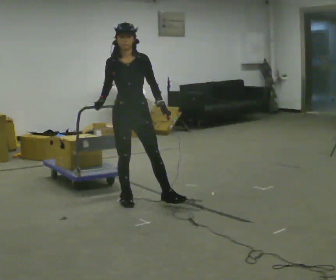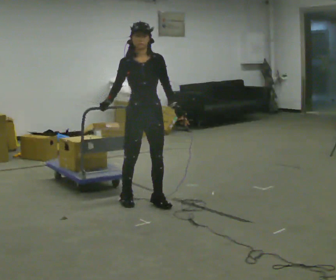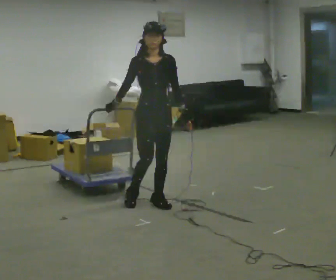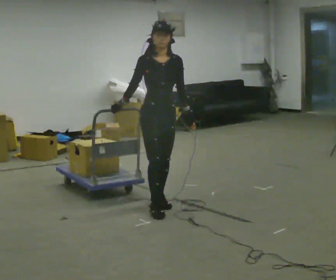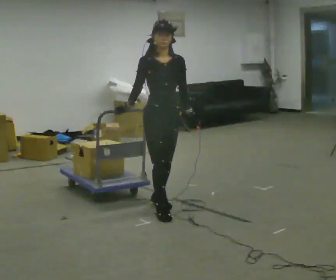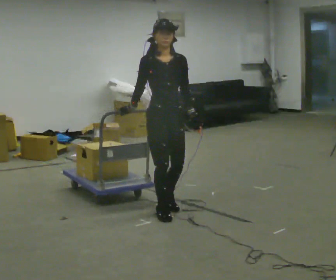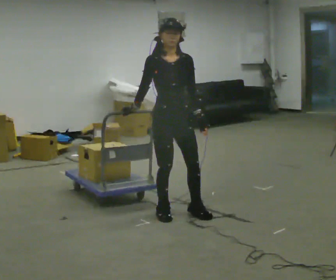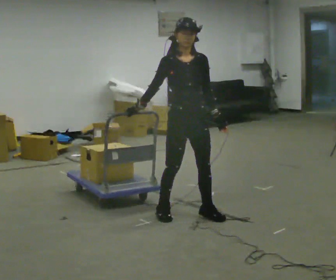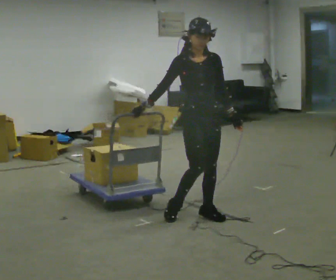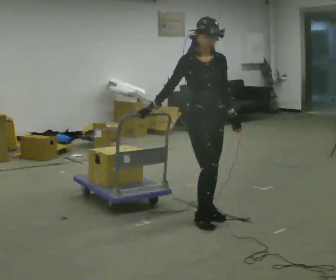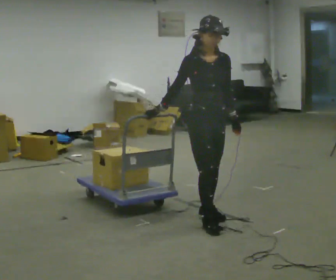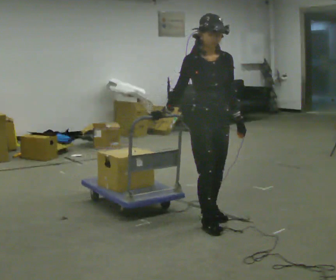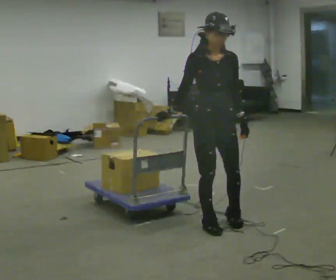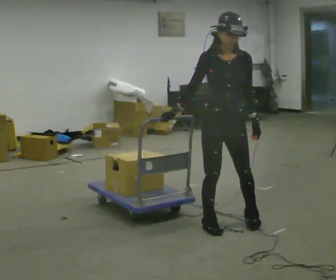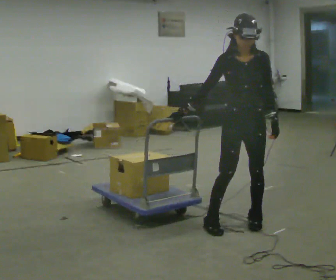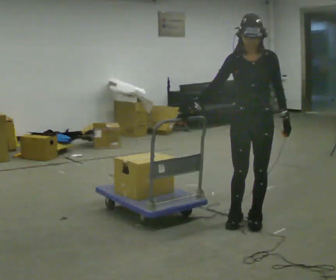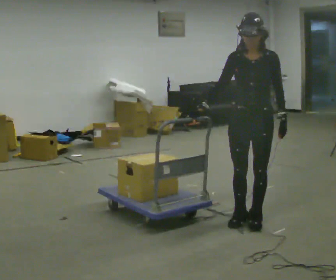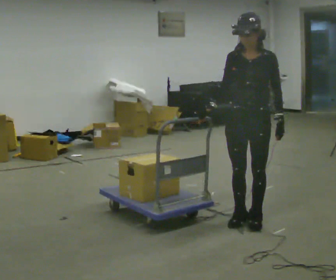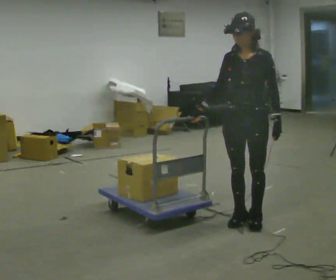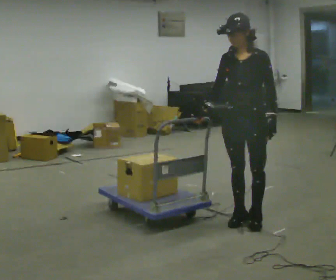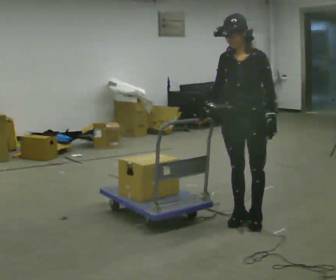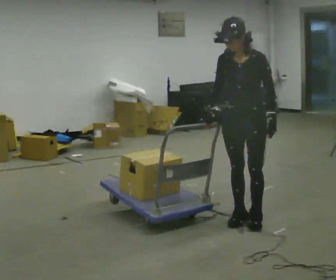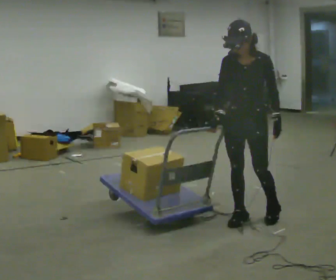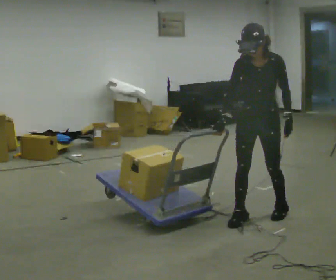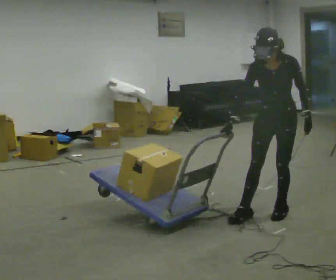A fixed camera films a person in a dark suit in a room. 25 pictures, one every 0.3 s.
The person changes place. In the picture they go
to the right.
The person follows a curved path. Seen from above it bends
counterclockwise.
0.0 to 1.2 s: In the picture they go to the right and toward the camera, about 0.25 m in 2 steps, which for them is forward and to their left.
1.2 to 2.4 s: In the picture they go to the right, about 0.25 m in 1 step, which for them is to their left and forward.
2.4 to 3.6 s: In the picture they go toward the camera, about 0.25 m in 1 step, which for them is forward.
3.6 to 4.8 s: The part of the body nearest the lens slides to the left as the person turns to their right by about 30 degrees. In the picture they go to the right, about 0.25 m in 2 steps, which for them is to their left.
4.8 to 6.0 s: The person moves a little, or ends about where they began.
6.0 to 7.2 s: In the picture they go to the right and away from the camera, about 0.25 m in 1 step, which for them is backward and to their left.
The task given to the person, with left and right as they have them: Pull the cart behind you as you walk backward across the room. The operator will confirm the space behind you is clear before each take.
The film runs forward here.
